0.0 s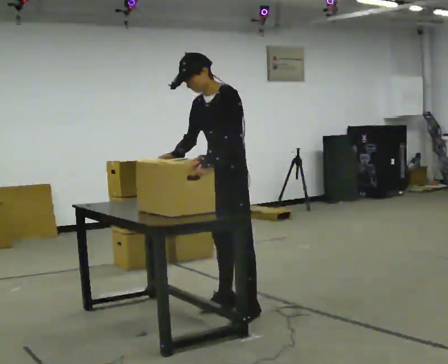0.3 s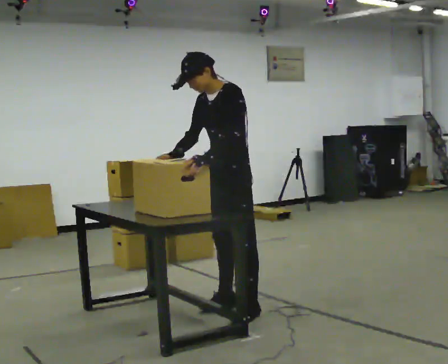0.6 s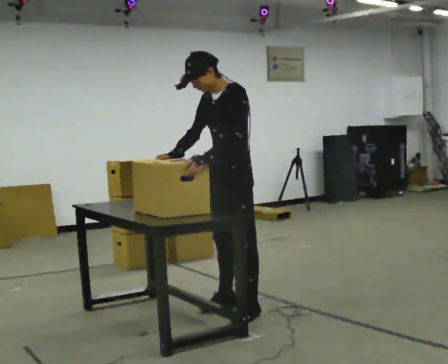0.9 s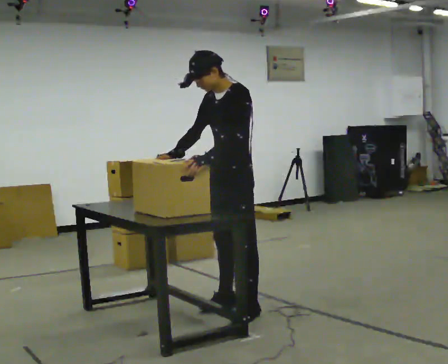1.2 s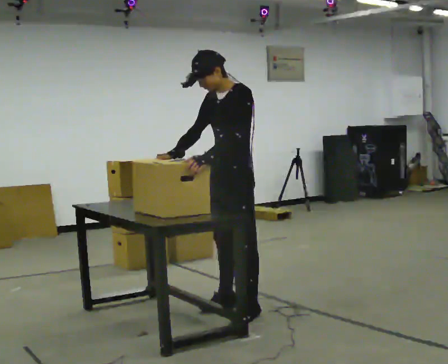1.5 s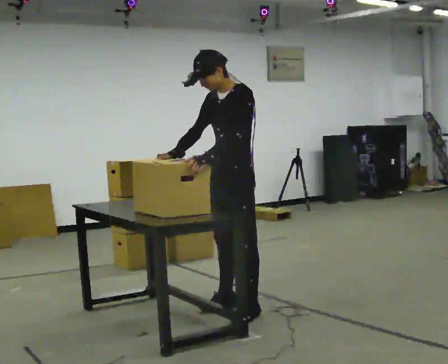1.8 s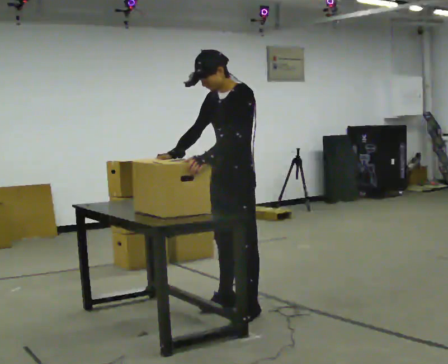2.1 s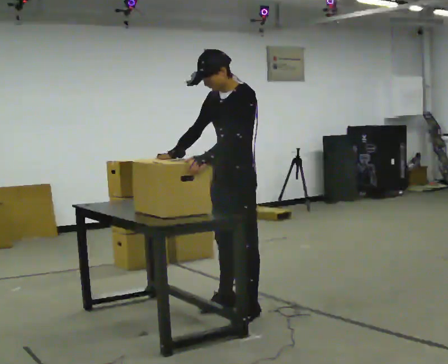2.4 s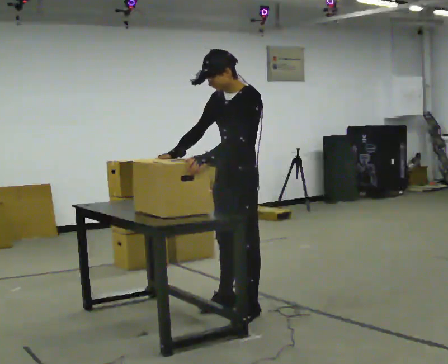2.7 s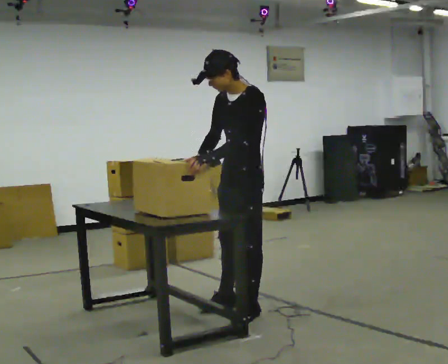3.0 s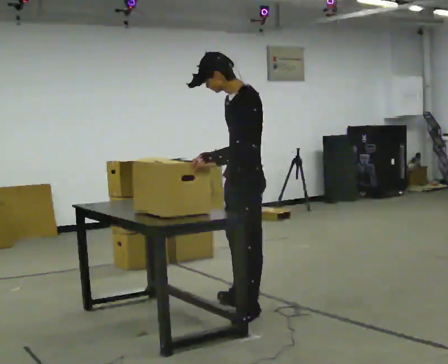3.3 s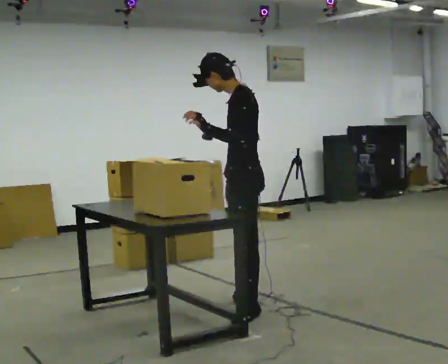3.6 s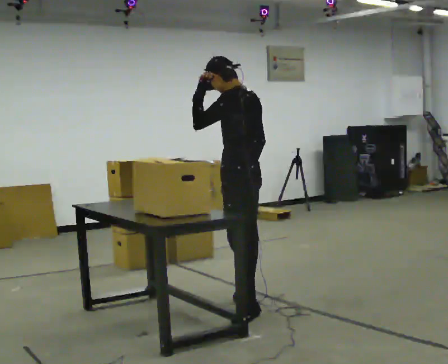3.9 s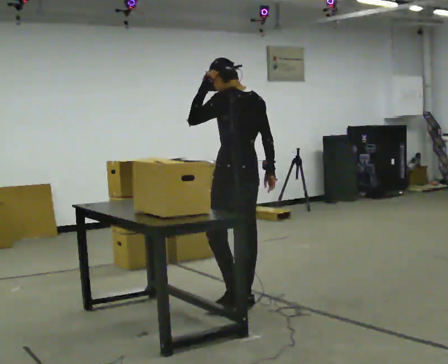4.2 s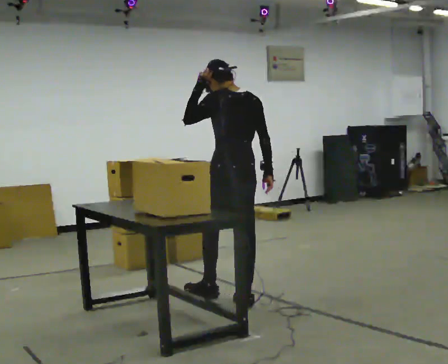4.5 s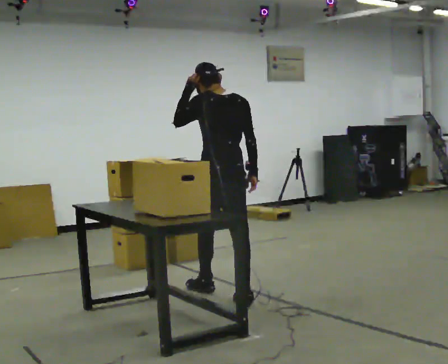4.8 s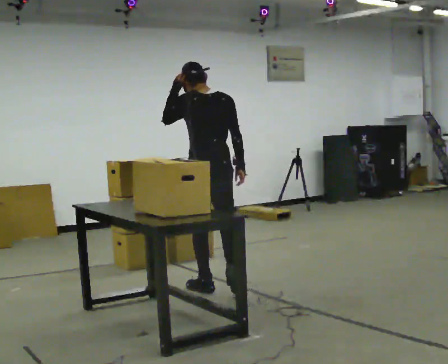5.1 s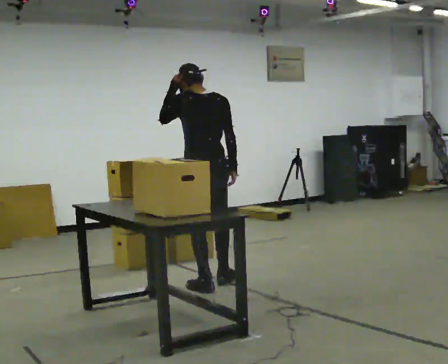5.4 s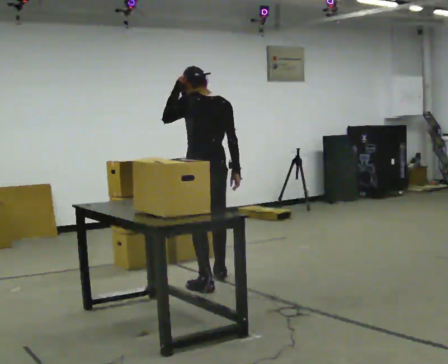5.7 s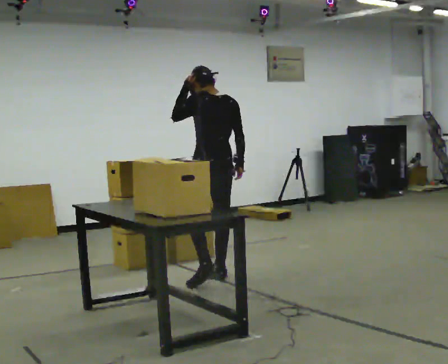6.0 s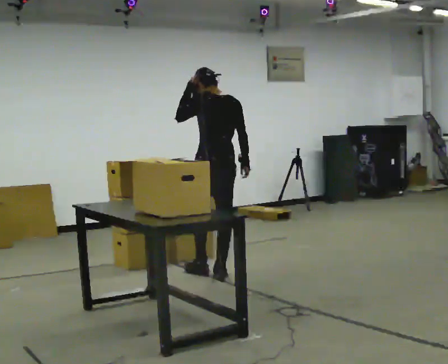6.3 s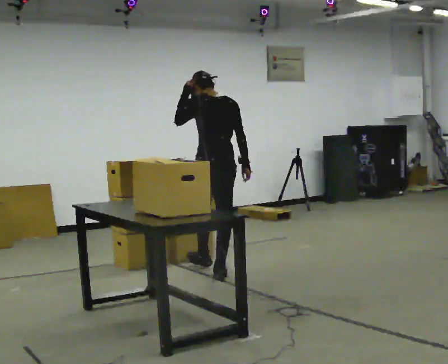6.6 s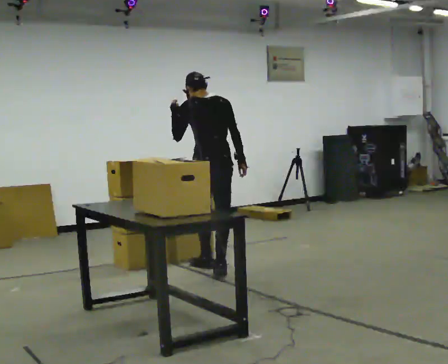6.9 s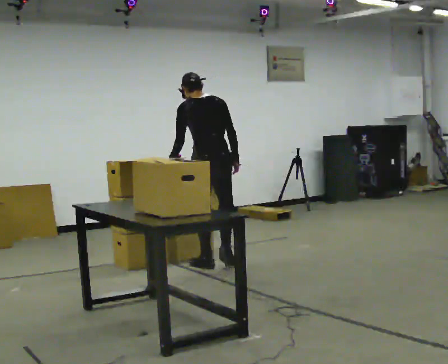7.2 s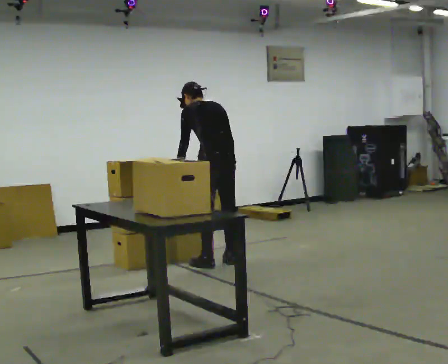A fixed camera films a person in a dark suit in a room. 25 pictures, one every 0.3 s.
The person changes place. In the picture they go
away from the camera.
0.0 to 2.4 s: The person moves a little, or ends about where they began.
2.4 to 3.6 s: The person turns about 60 degrees to their right, clockwise seen from above, so the part of the body nearest the lens slides to the left. In the picture their right hand goes to the right, the arm swinging counterclockwise.
3.6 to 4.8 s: Seen from above the body turns clockwise, about 45 degrees: to their right, with its near side sliding to the left. In the picture they go away from the camera and to the left, about 0.5 m in 1 step, which for them is forward.
4.8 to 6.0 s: In the picture they go away from the camera, about 0.5 m in 1 step, which for them is forward and to their right.
6.0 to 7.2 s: In the picture they go away from the camera, about 0.25 m in 2 steps, which for them is forward. The upper body tips away from the camera, its near side rolling upward, as they bend forward. In the picture their left hand goes downward.
The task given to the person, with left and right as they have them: Bring the boxes over one at a time and stack them on top of each other, walking back for each one. Keep going until the operator says stop; one object at a time, and do not rush between trips.
The film runs forward here.
